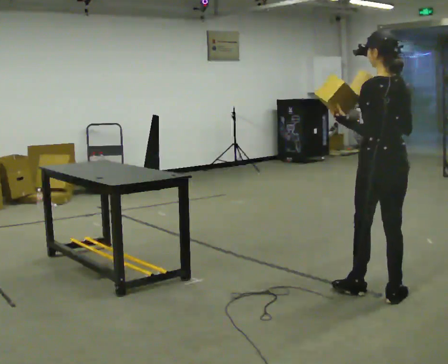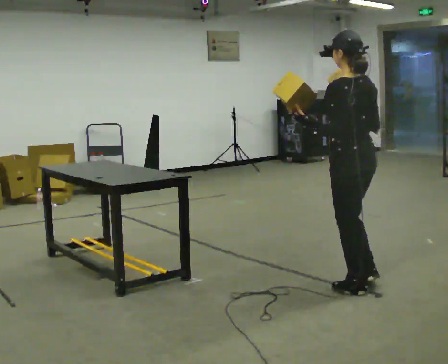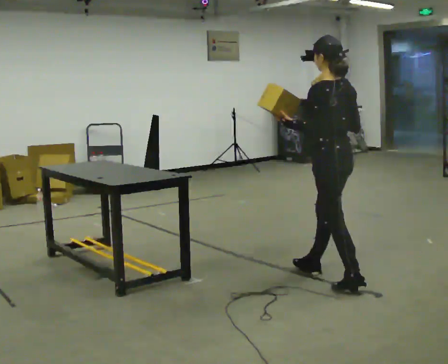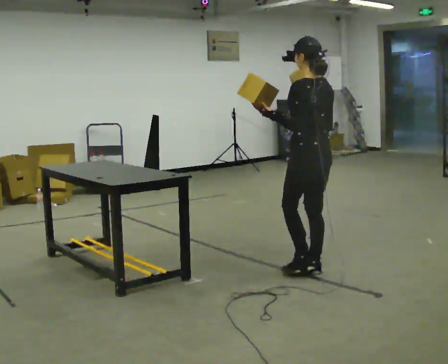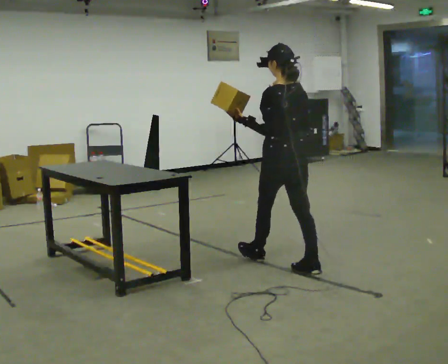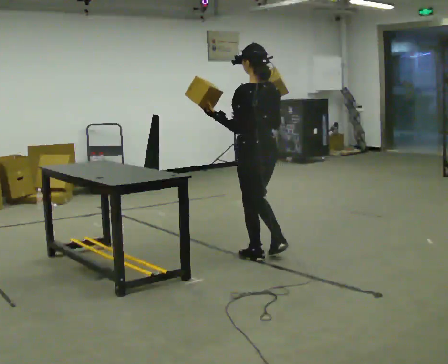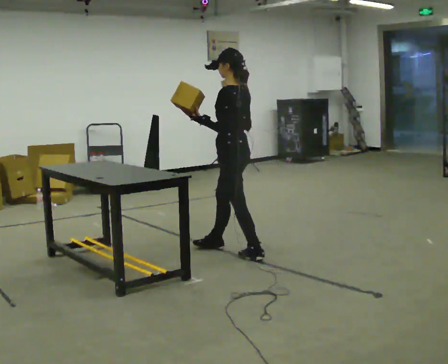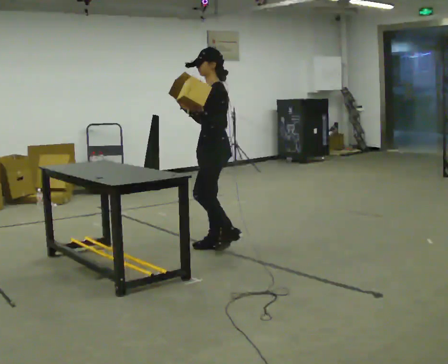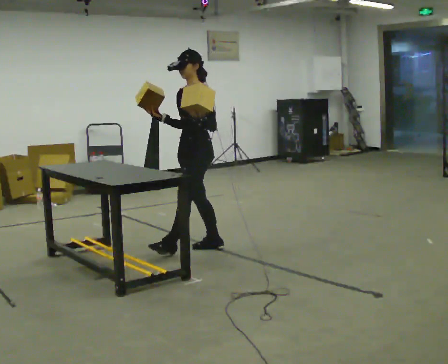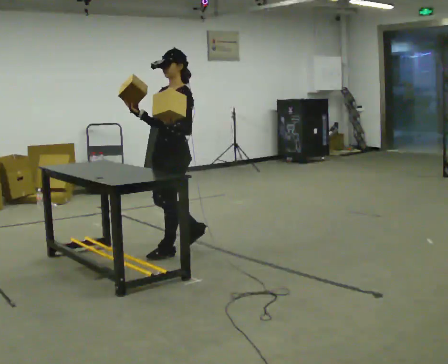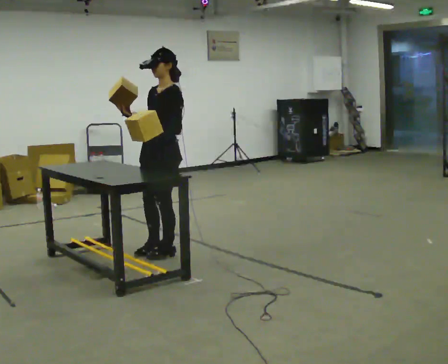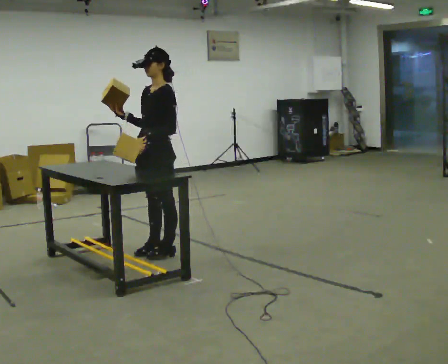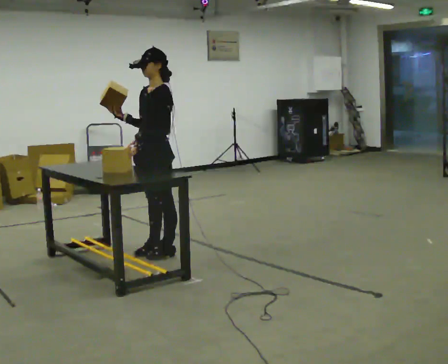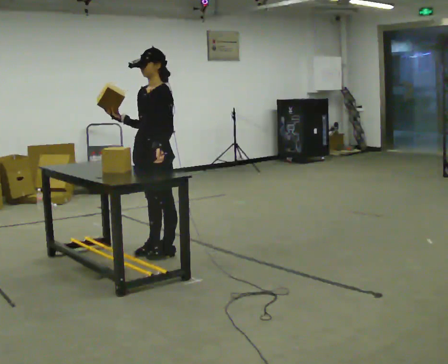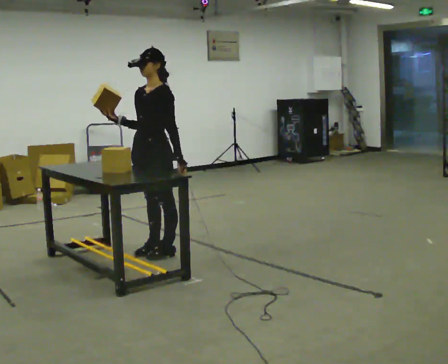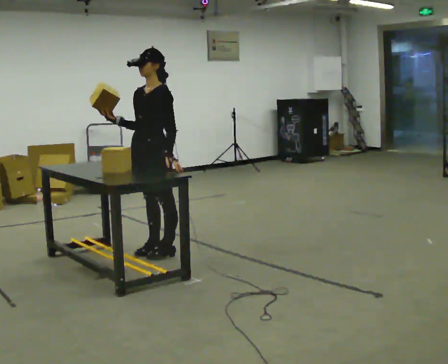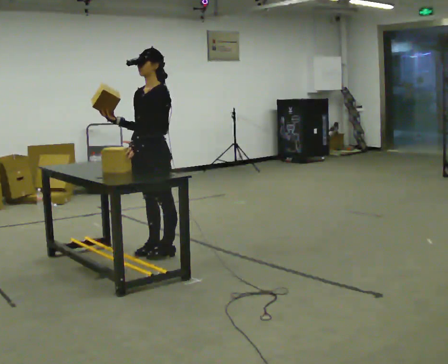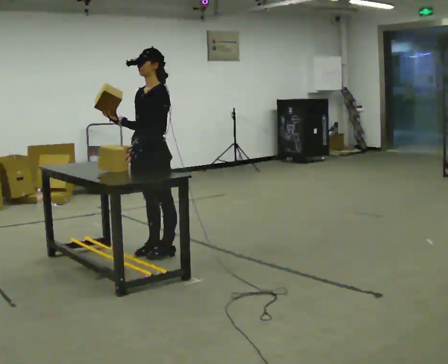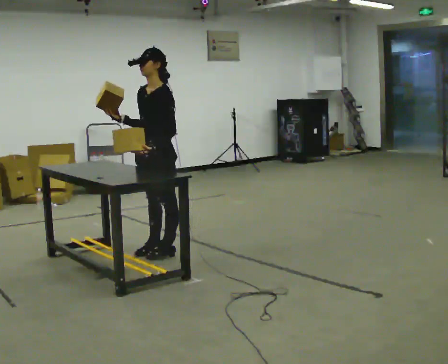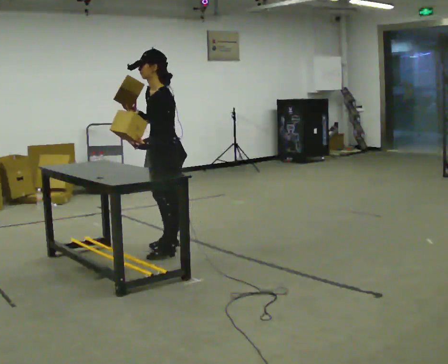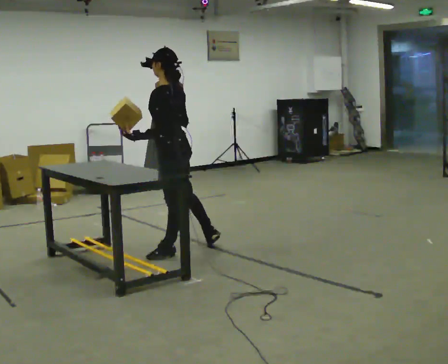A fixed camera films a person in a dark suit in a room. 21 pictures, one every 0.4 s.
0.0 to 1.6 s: In the picture they go away from the camera and to the left, about 1 m in 2 steps, which for them is forward.
1.6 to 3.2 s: Seen from above the body turns counterclockwise, about 75 degrees: to their left, with its near side sliding to the right. In the picture they go away from the camera and to the left, about 1 m in 2 steps.
3.2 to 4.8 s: In the picture they go to the left, about 0.25 m in 1 step, which for them is forward.
4.8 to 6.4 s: The person moves a little, or ends about where they began.
6.4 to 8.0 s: The part of the body nearest the lens slides to the left as the person turns to their right by about 60 degrees. In the picture they go to the right, about 0.25 m. In the picture their right hand goes to the right.
The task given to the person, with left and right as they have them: Carry two objects across the room, then put just one of them on the shelf while still holding the other. Then bring them both back. Keep going until the operator says stop; one object at a time, and do not rush between trips.
The film runs forward here.
